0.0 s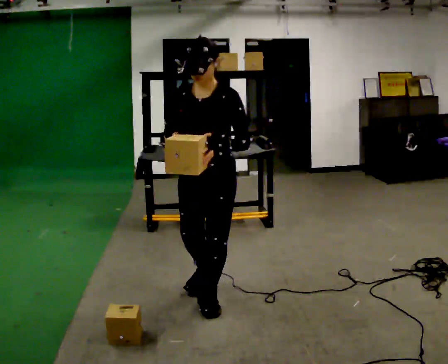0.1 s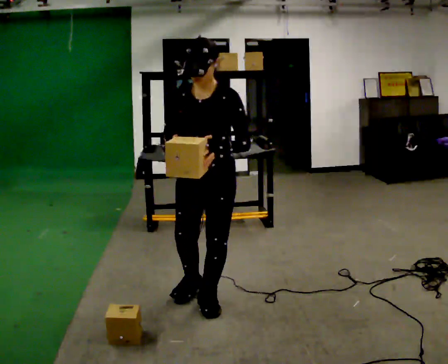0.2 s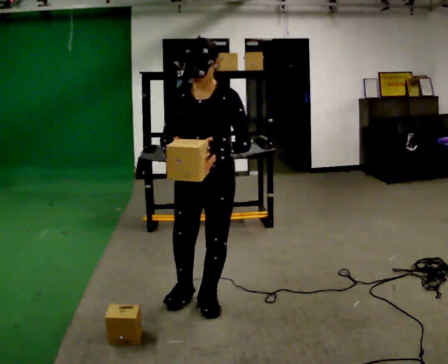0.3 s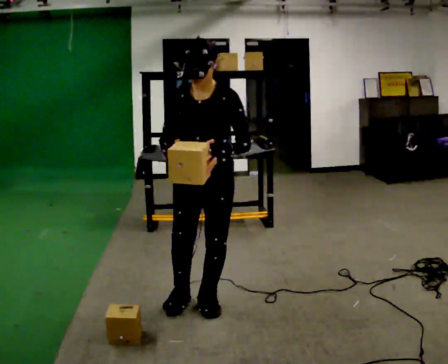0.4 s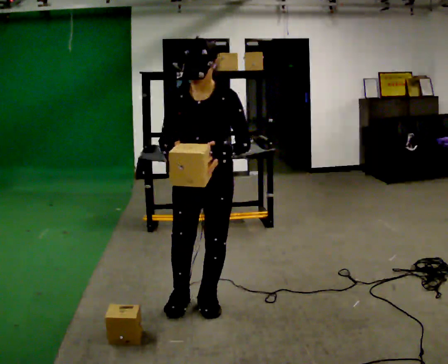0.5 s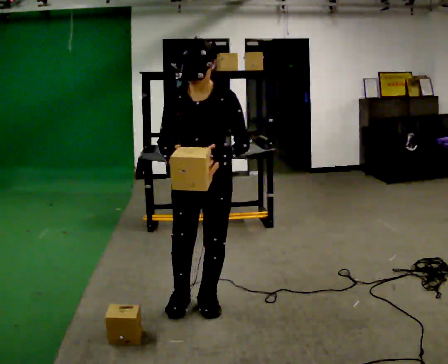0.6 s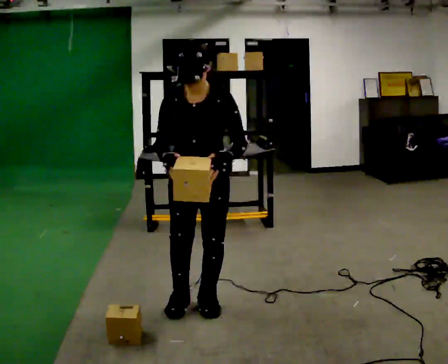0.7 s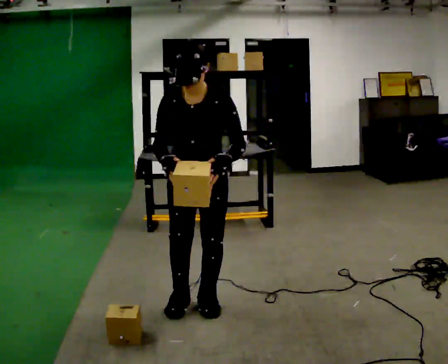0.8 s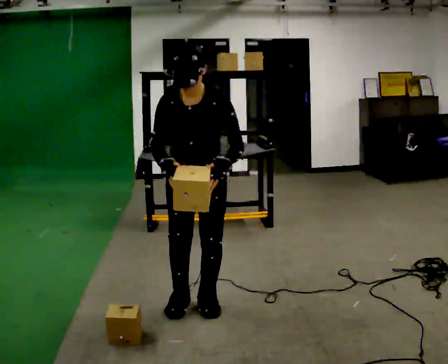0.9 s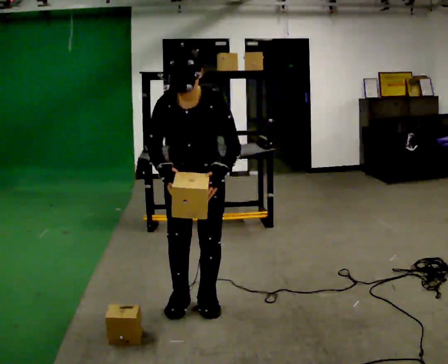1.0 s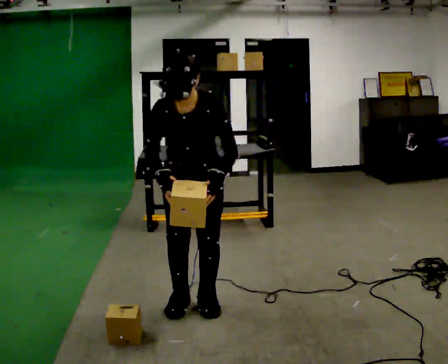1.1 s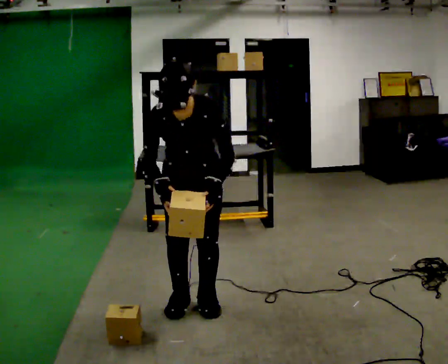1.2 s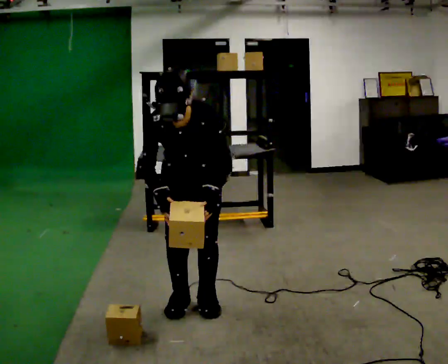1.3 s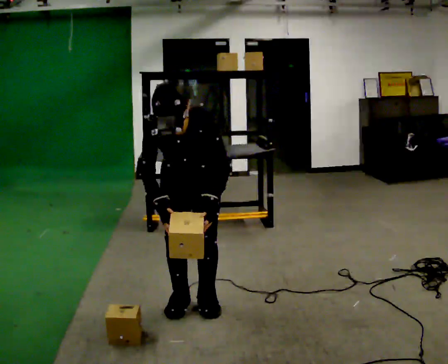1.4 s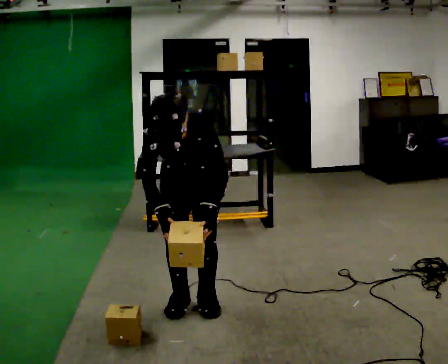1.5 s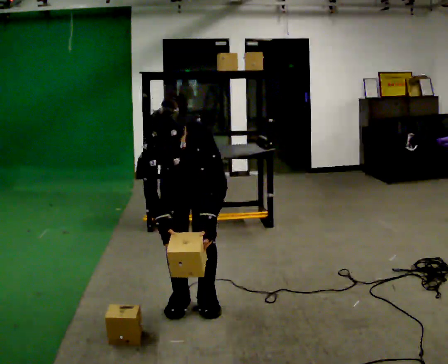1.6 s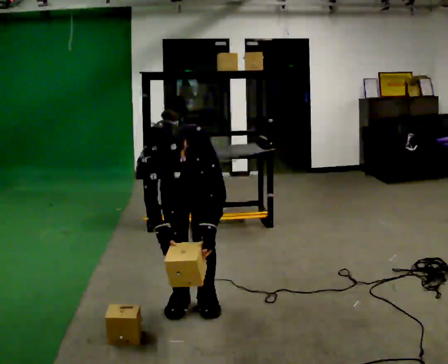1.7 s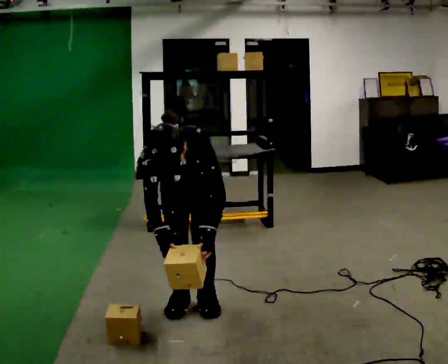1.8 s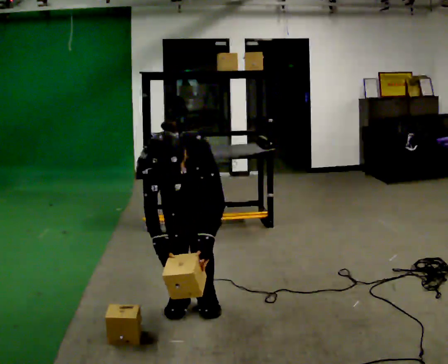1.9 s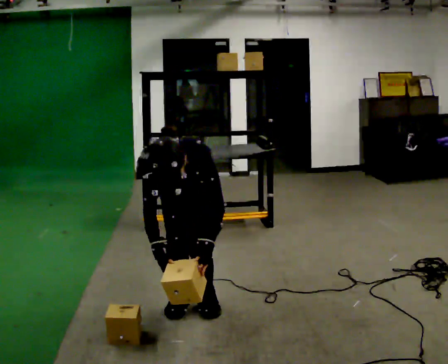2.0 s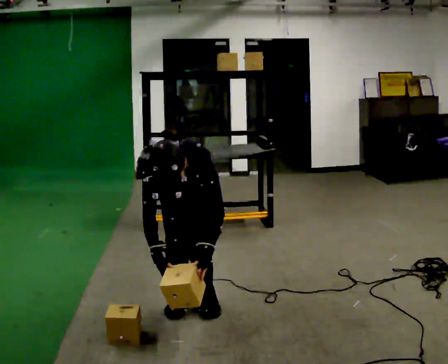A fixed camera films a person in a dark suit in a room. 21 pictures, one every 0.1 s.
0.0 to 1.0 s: The upper body tips toward the camera, its near side rolling downward, as they bend forward.
1.0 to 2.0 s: The upper body goes downward. The upper body tips toward the camera, its near side rolling downward, as they bend forward. In the picture their right hand goes downward.
The film runs forward here.
